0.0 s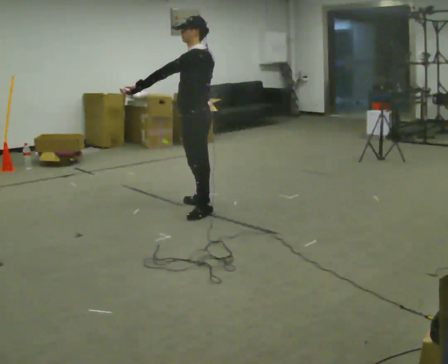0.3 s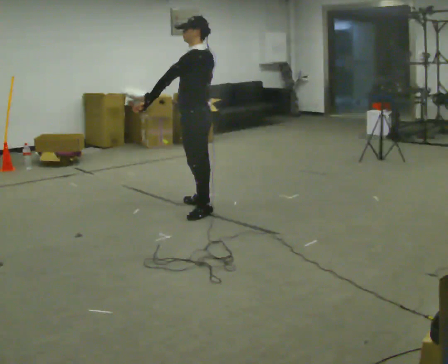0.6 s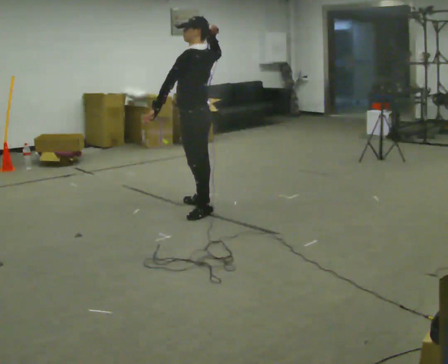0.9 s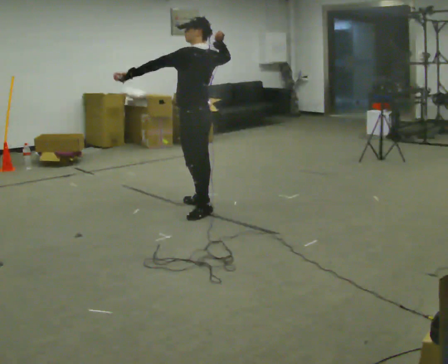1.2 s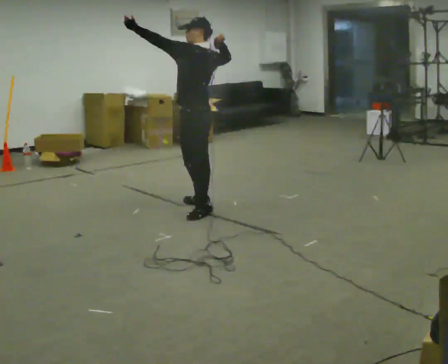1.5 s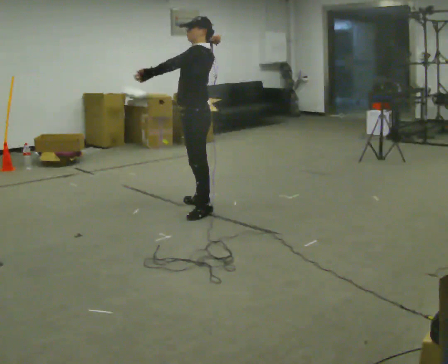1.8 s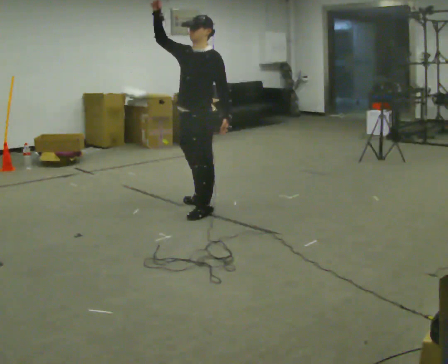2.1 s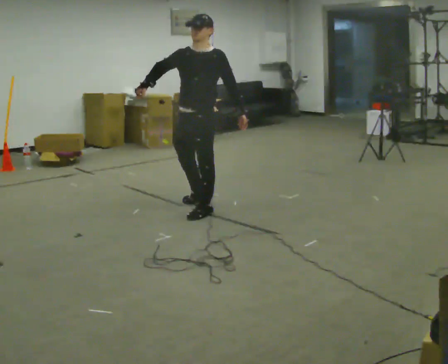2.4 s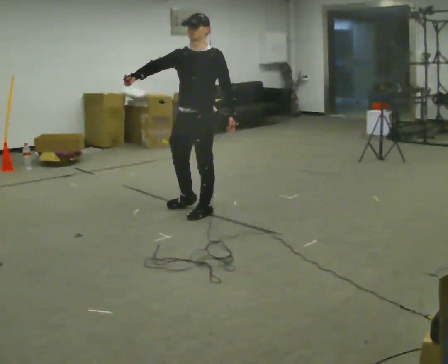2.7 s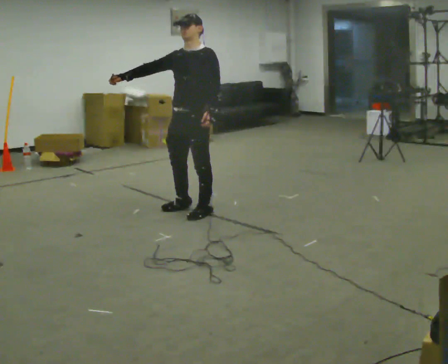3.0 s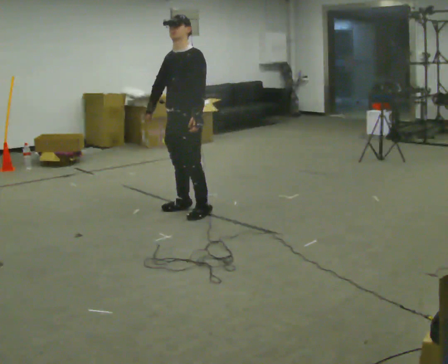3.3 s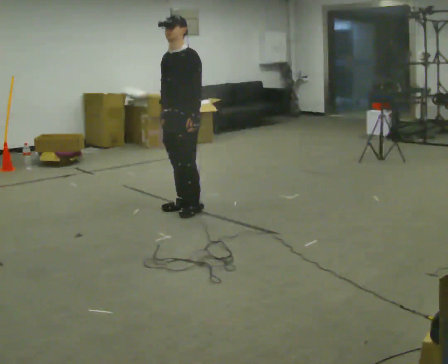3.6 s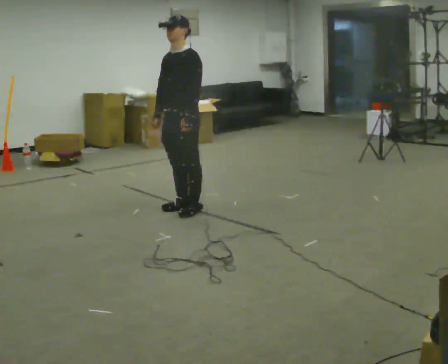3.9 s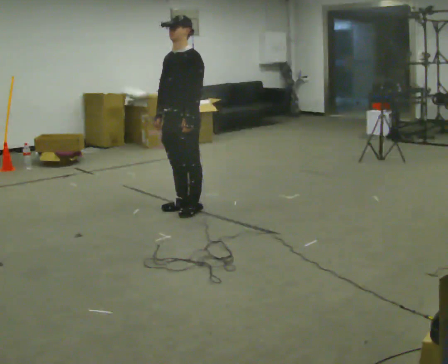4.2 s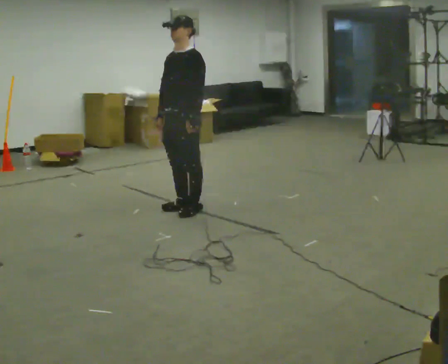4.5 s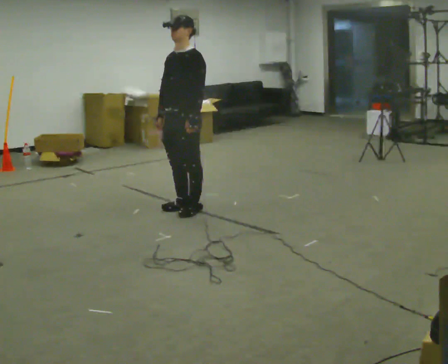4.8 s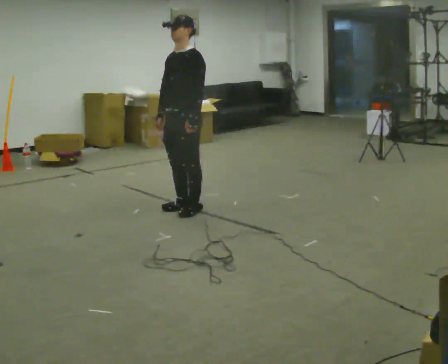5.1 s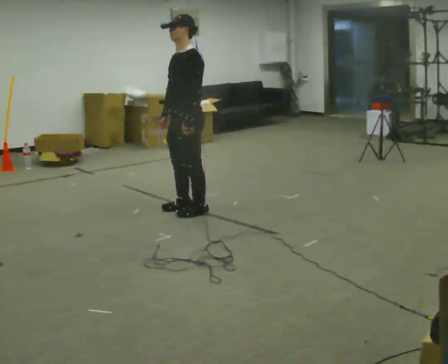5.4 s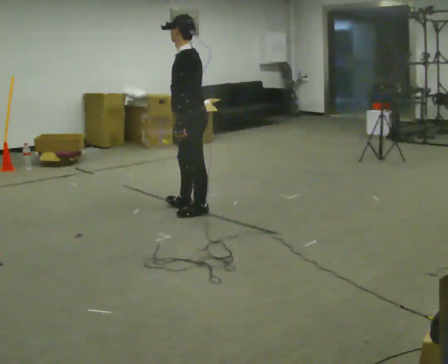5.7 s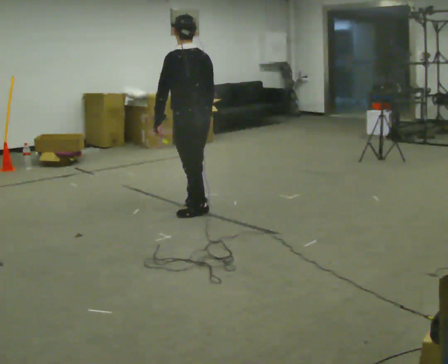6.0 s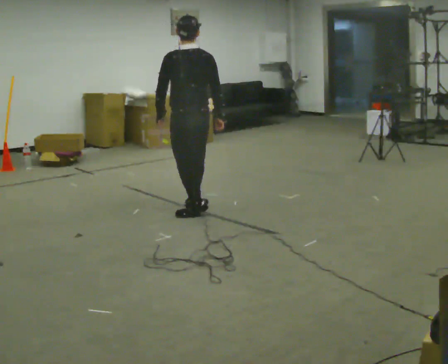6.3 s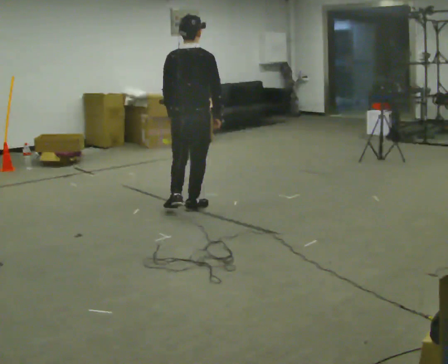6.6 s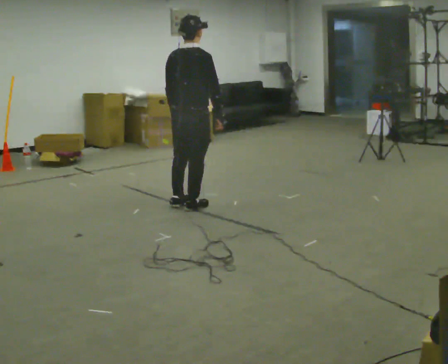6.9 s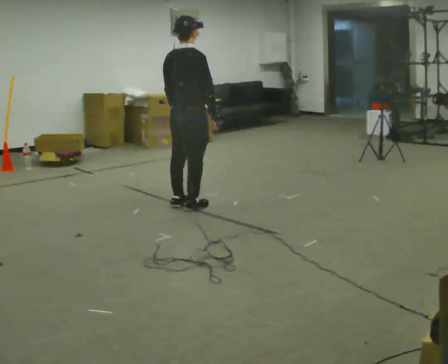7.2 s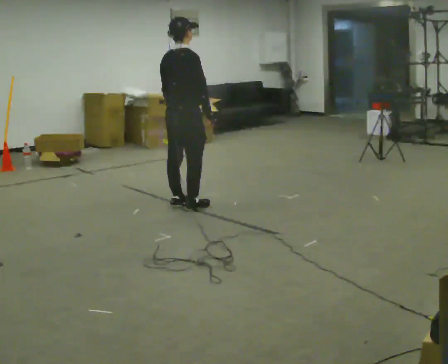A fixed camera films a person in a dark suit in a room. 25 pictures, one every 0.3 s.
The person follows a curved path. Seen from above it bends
clockwise.
0.0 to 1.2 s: In the picture their right hand goes upward.
1.2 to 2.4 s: The person turns about 90 degrees to their left, counterclockwise seen from above, so the part of the body nearest the lens slides to the right. In the picture their left hand goes to the right and downward, the arm swinging counterclockwise.
2.4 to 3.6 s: In the picture their right hand goes downward.
3.6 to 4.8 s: The person moves a little, or ends about where they began.
4.8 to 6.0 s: The part of the body nearest the lens slides to the left as the person turns to their right by about 120 degrees.
6.0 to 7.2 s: The part of the body nearest the lens slides to the left as the person turns to their right by about 60 degrees. In the picture they go away from the camera, about 0.25 m in 1 step, which for them is to their left.
The film runs forward here.
